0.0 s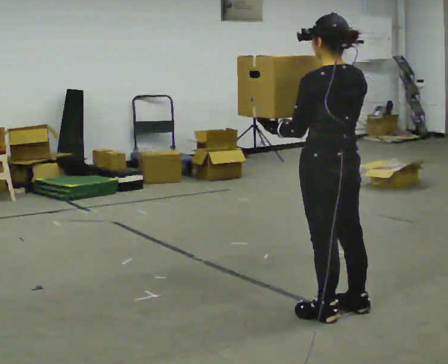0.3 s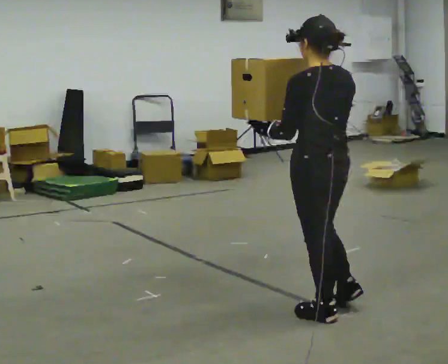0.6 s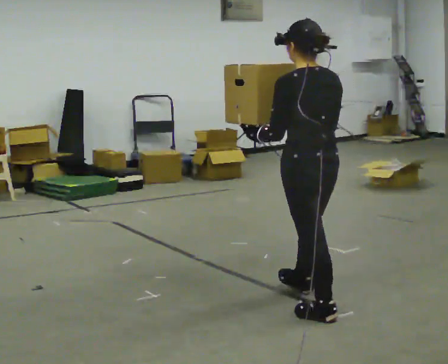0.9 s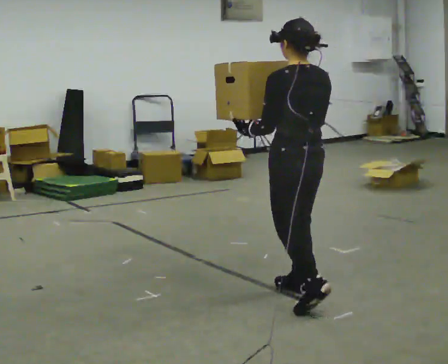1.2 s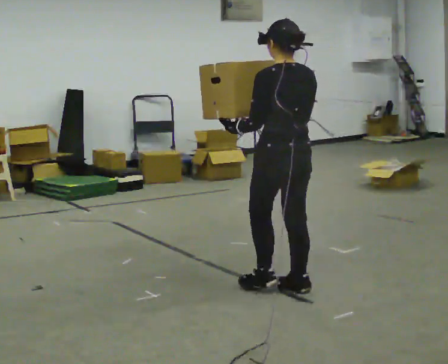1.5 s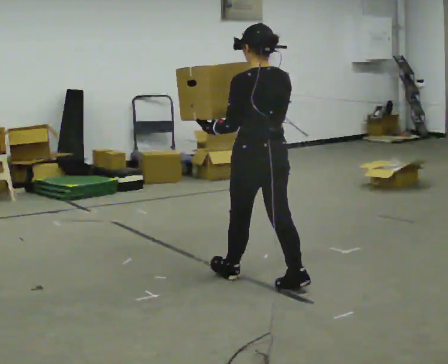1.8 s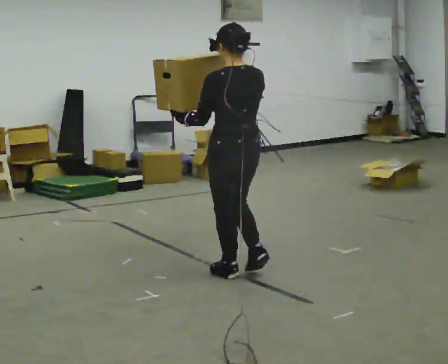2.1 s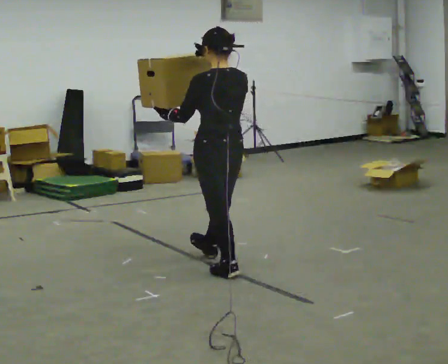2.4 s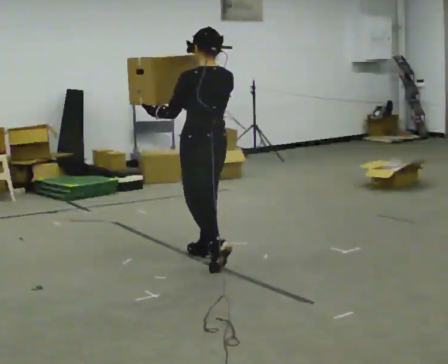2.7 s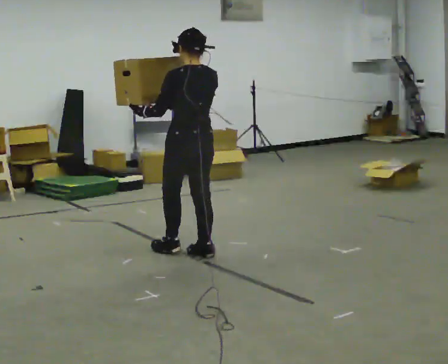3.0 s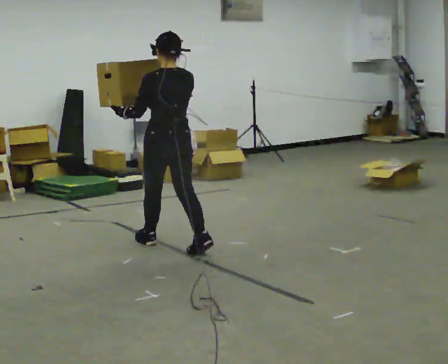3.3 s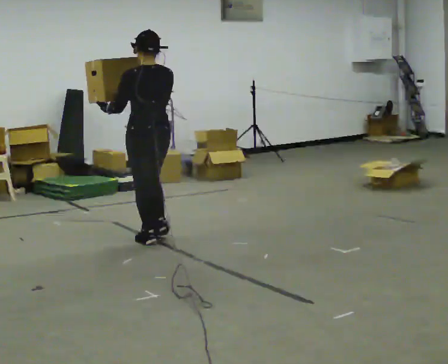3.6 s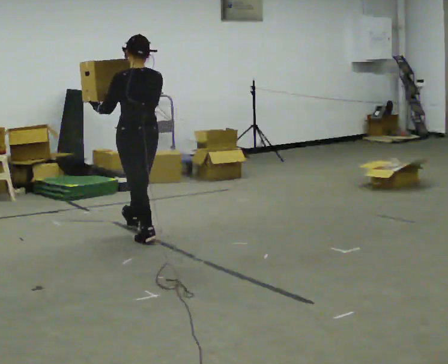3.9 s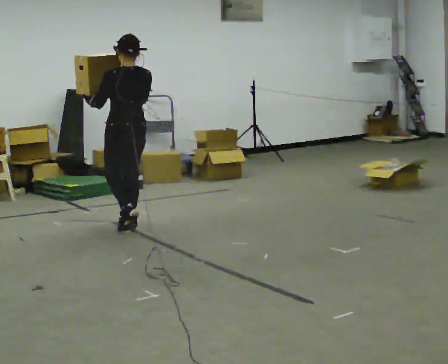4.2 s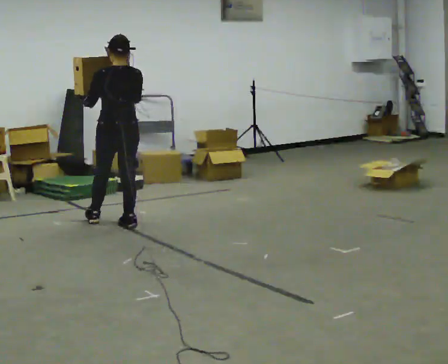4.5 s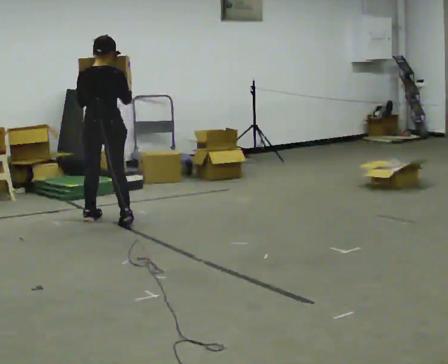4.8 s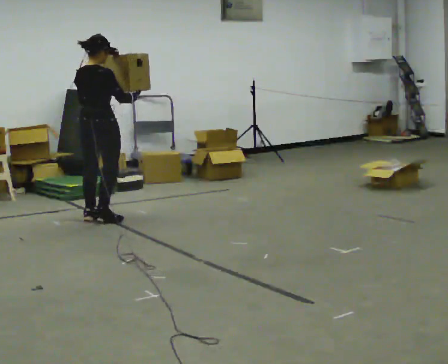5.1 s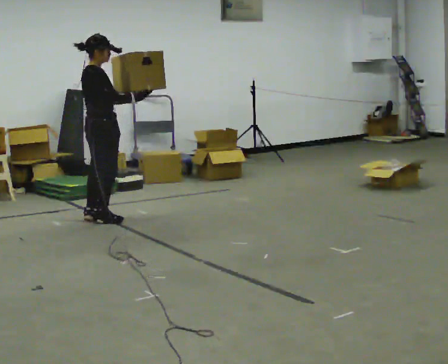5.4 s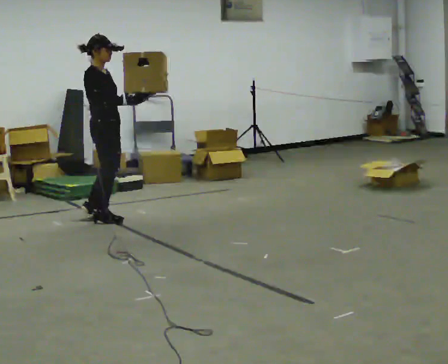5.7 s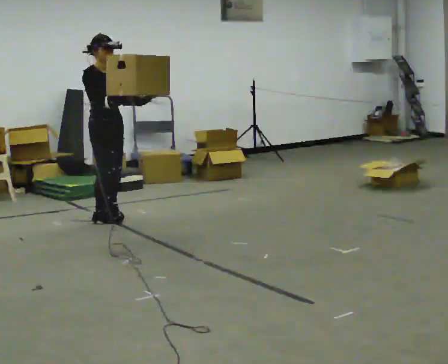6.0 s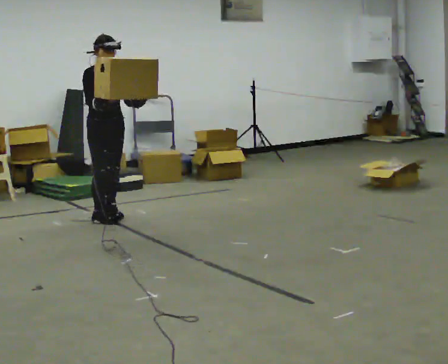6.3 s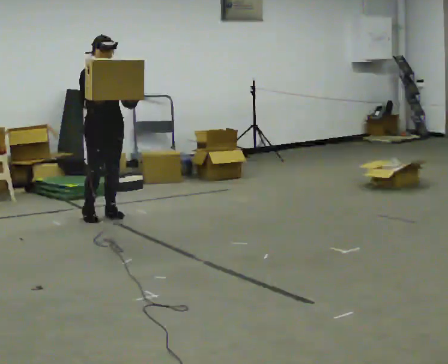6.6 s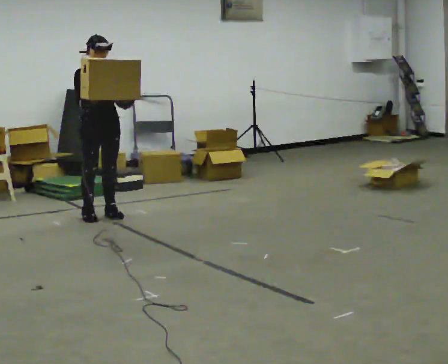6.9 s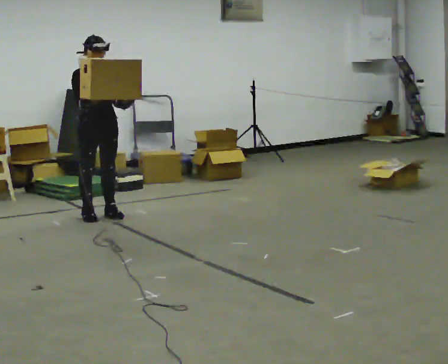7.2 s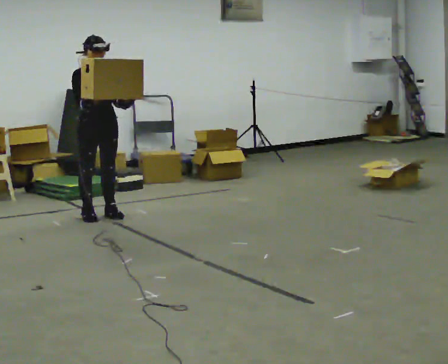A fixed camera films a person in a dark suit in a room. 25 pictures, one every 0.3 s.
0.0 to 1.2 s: In the picture they go away from the camera, about 0.5 m in 1 step, which for them is forward.
1.2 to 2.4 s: In the picture they go away from the camera and to the left, about 1 m in 2 steps, which for them is forward.
2.4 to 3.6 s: In the picture they go away from the camera and to the left, about 1 m in 1 step, which for them is forward.
3.6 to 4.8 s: The part of the body nearest the lens slides to the left as the person turns to their right by about 60 degrees. In the picture they go away from the camera and to the left, about 0.75 m in 3 steps.
4.8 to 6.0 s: The part of the body nearest the lens slides to the left as the person turns to their right by about 105 degrees. In the picture they go away from the camera, about 0.25 m in 1 step.
6.0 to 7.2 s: The person moves a little, or ends about where they began.
The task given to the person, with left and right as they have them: Carry the heaviest box in both hands in front of you, walking back and forth across the room. Only carry what is comfortable. Set it down whenever you need to.
The film runs forward here.
